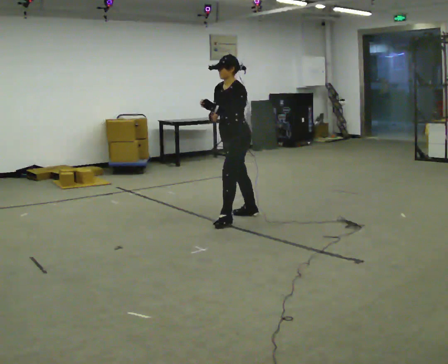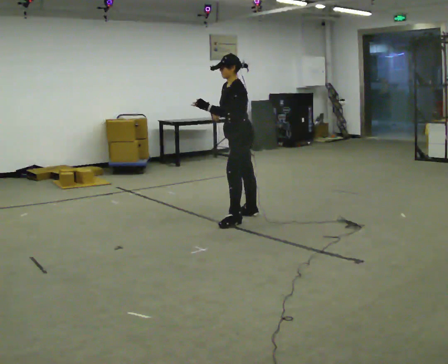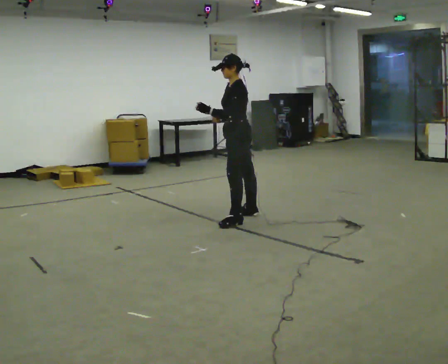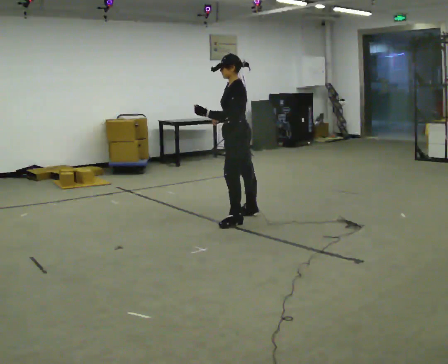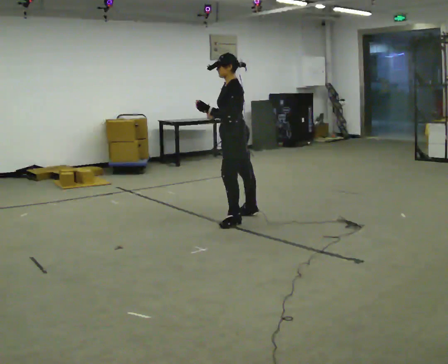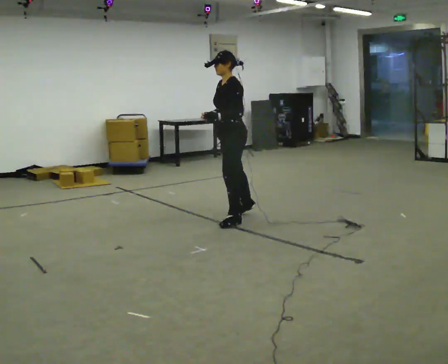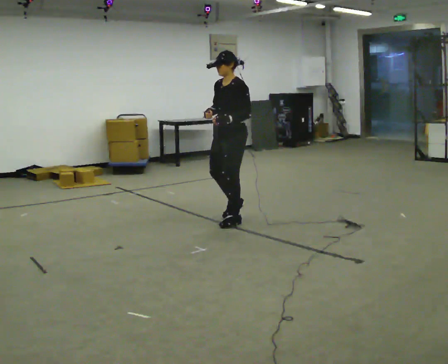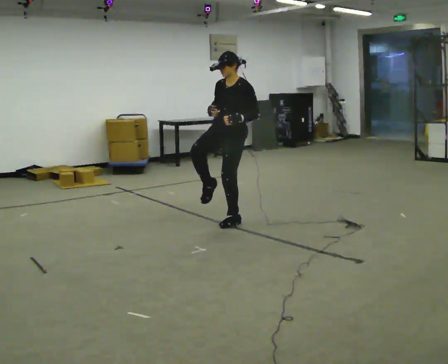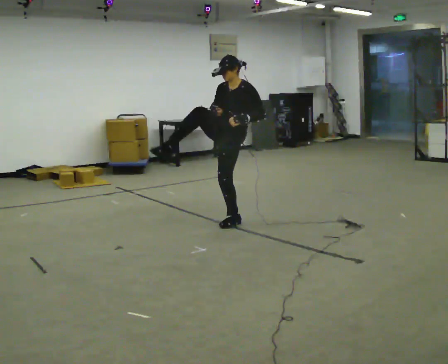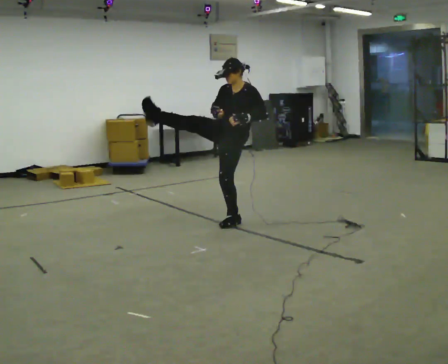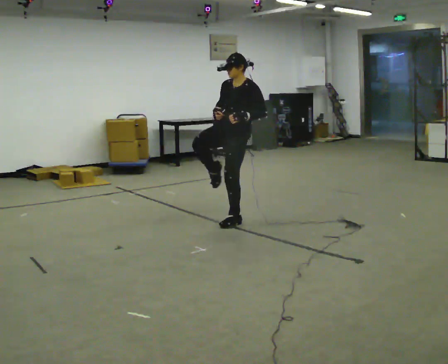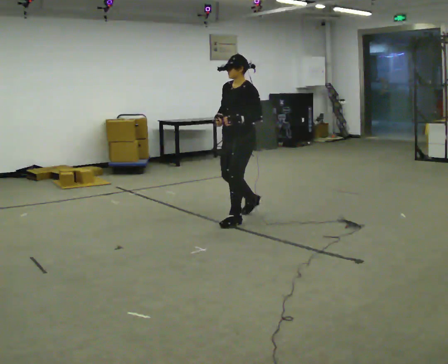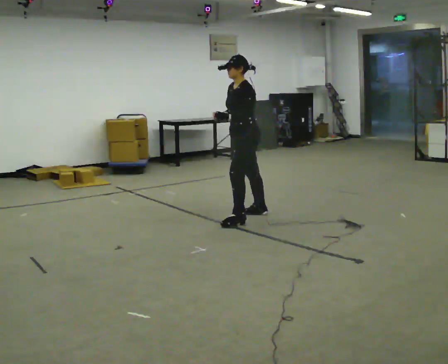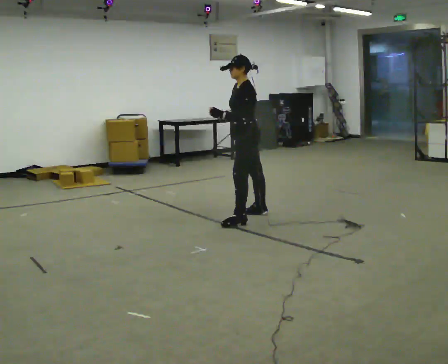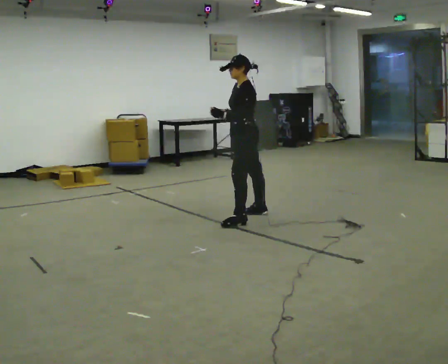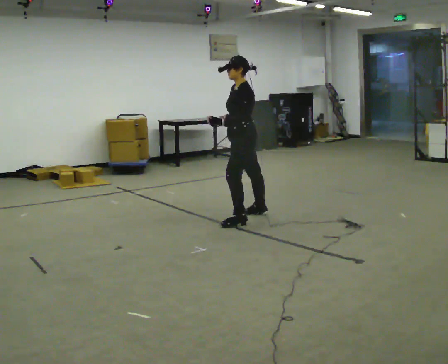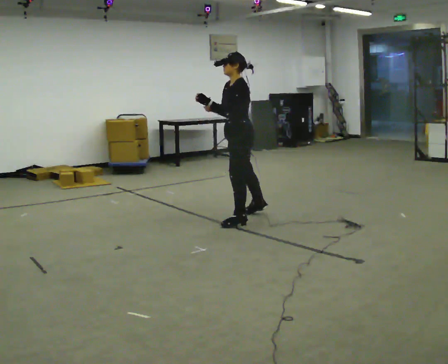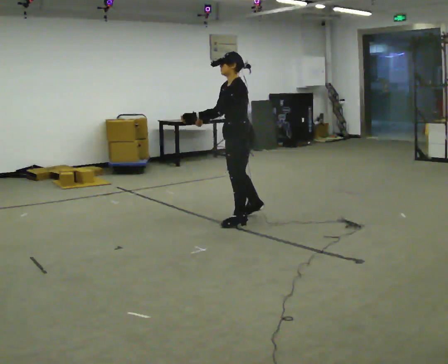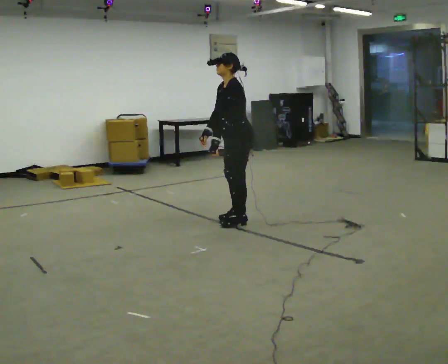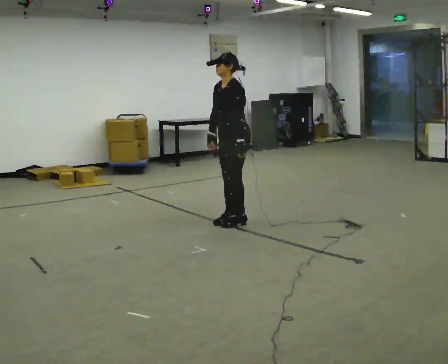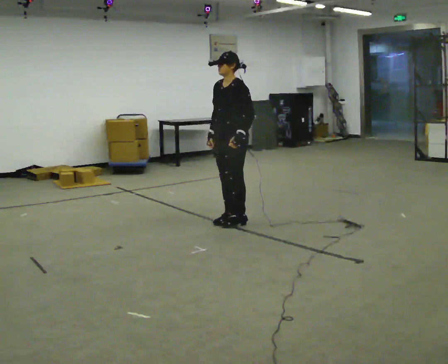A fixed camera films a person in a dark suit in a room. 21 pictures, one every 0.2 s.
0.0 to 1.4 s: The person moves a little, or ends about where they began.
1.4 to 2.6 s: Seen from above the body turns clockwise, about 45 degrees: to their right, with its near side sliding to the left. In the picture they go away from the camera, about 0.25 m, which for them is backward.
2.6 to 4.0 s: In the picture they go toward the camera, about 0.25 m in 1 step, which for them is to their left and forward.
The film runs backward here.
